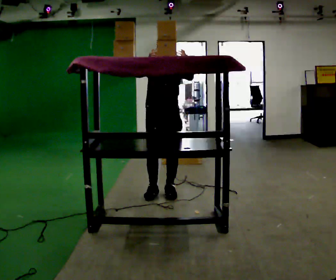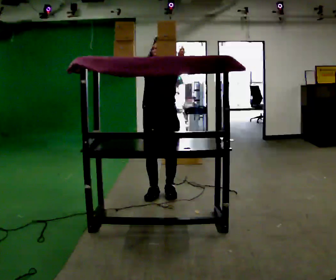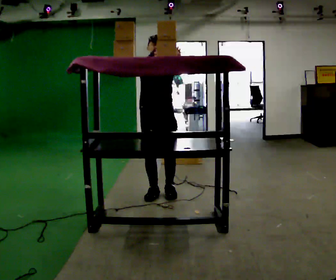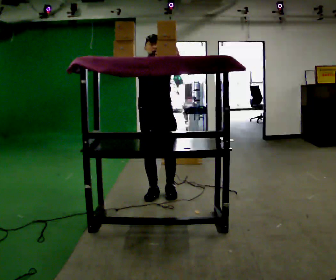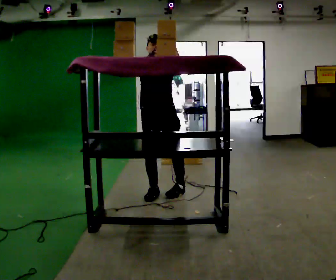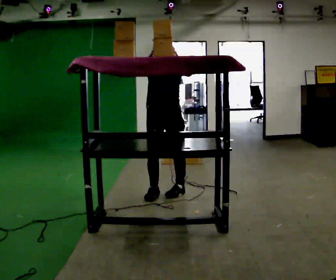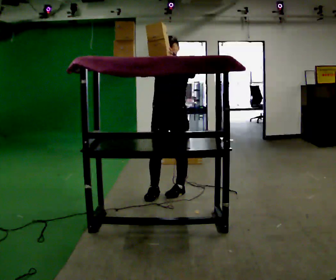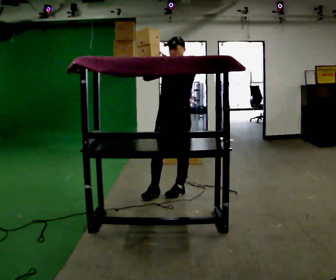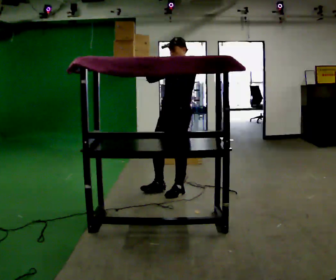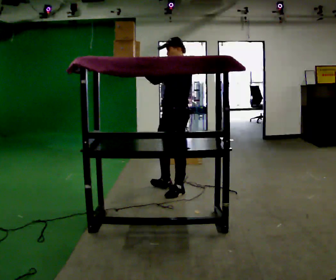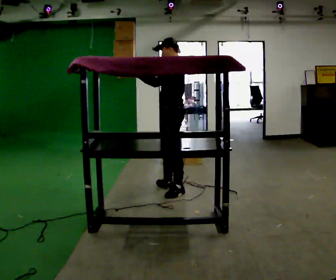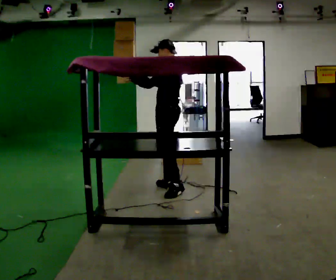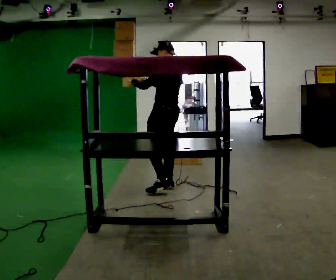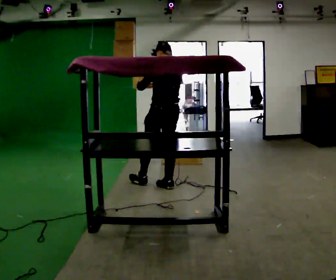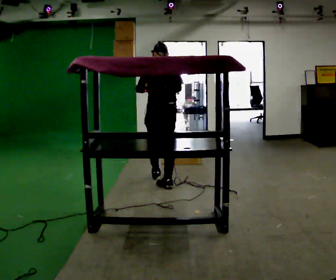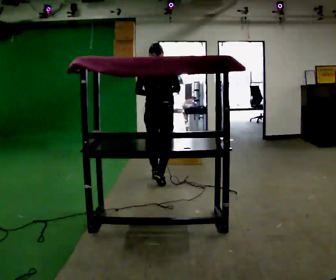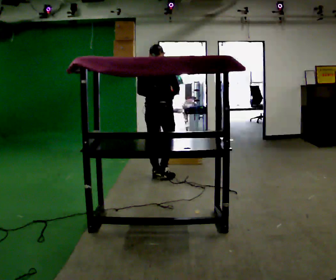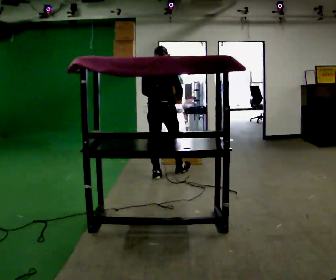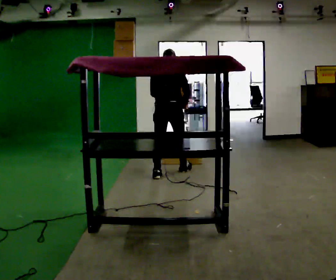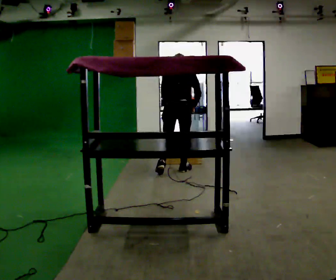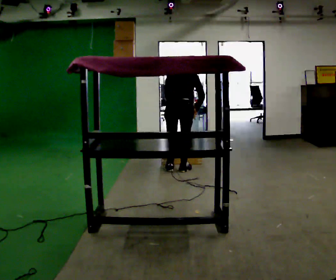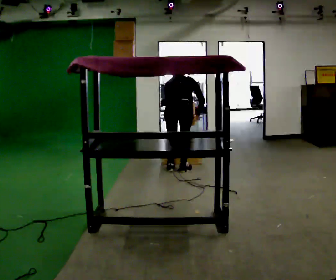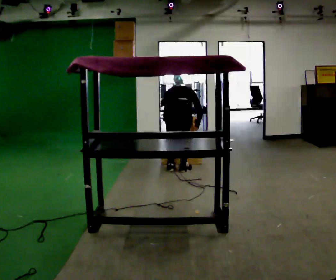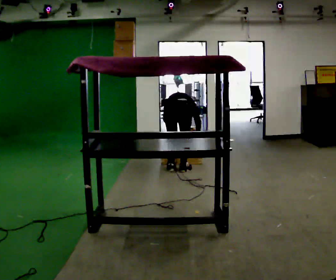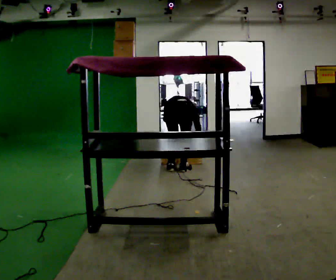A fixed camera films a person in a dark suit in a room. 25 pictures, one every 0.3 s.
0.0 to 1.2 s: The person moves a little, or ends about where they began.
1.2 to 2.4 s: The person turns about 60 degrees to their right, clockwise seen from above, so the part of the body nearest the lens slides to the left. In the picture they go to the right, about 0.25 m, which for them is to their left.
2.4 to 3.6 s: Seen from above the body turns clockwise, about 75 degrees: to their right, with its near side sliding to the left. In the picture they go away from the camera, about 0.25 m in 1 step.
3.6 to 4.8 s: The part of the body nearest the lens slides to the left as the person turns to their right by about 75 degrees. In the picture they go away from the camera, about 0.5 m in 1 step.
4.8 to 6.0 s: In the picture they go to the right and away from the camera, about 0.5 m in 1 step, which for them is forward and to their right. The upper body tips away from the camera, its near side rolling upward, as they bend forward.
6.0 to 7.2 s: The upper body goes downward. The upper body tips away from the camera, its near side rolling upward, as they bend forward. In the picture their left hand goes downward.
The film runs forward here.
